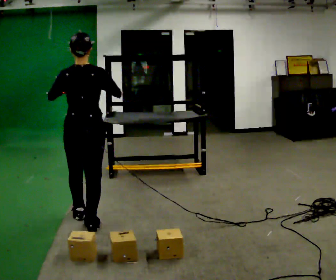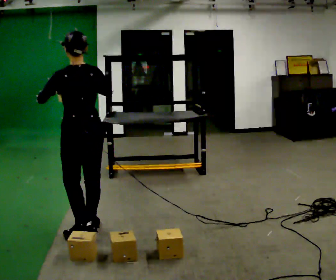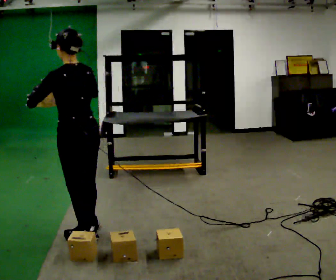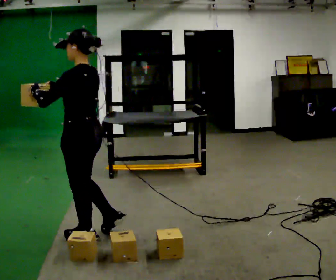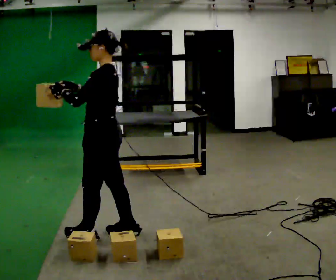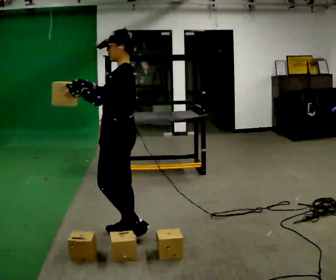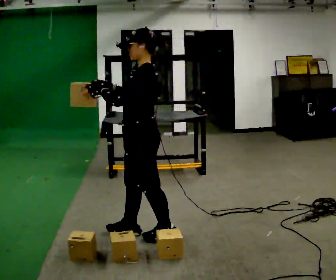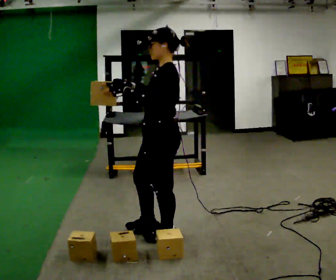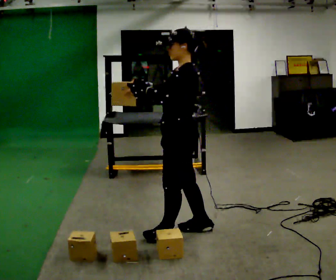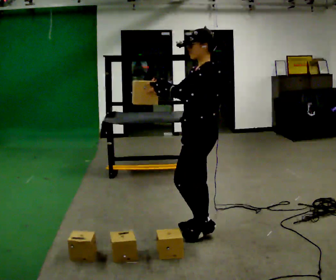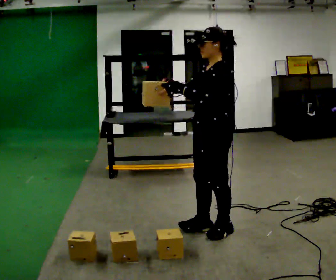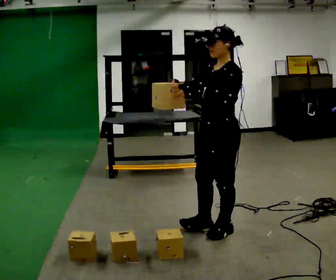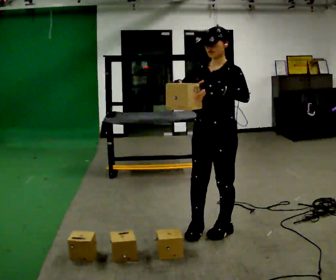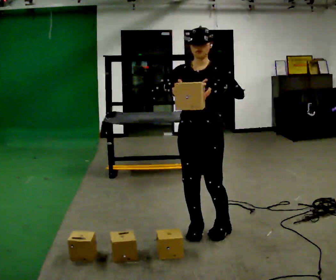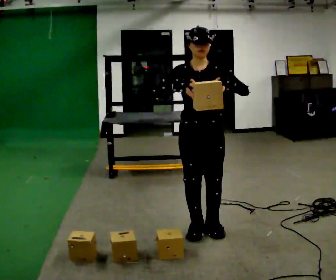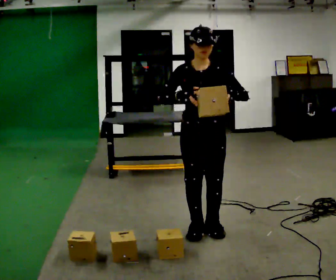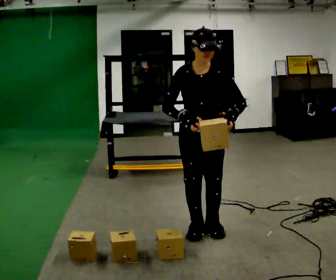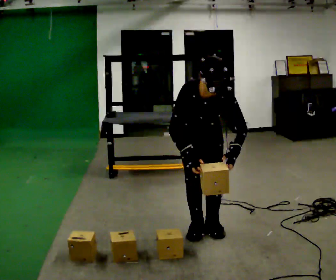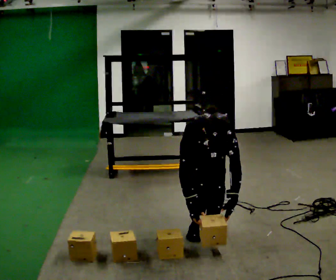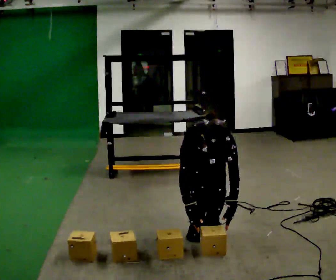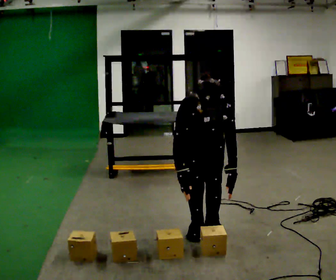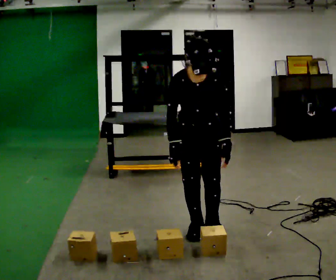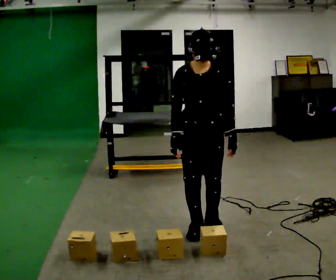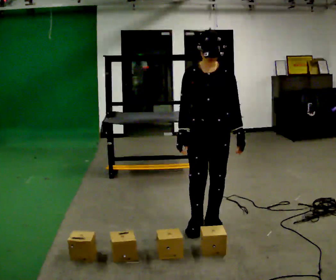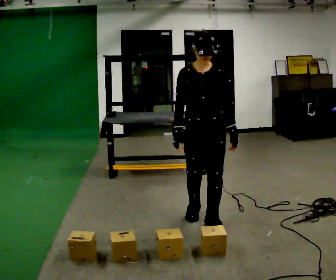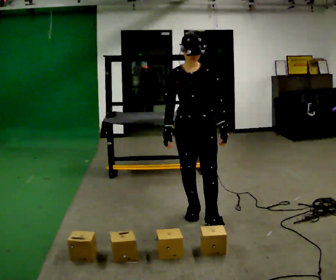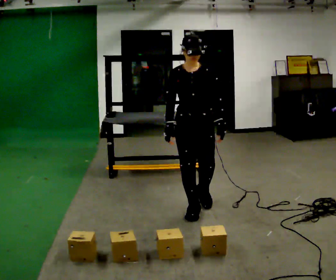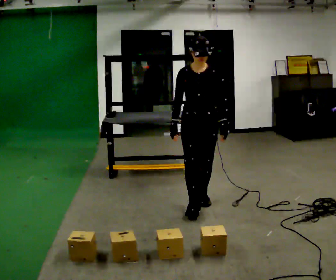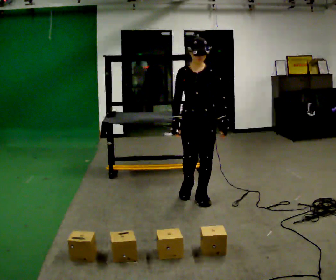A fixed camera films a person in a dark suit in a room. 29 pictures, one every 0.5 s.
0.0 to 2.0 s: The person turns about 75 degrees to their left, counterclockwise seen from above, so the part of the body nearest the lens slides to the right. In the picture they go to the right and toward the camera, about 0.25 m in 1 step.
2.0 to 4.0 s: In the picture they go to the right, about 0.5 m in 2 steps, which for them is backward.
4.0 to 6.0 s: Seen from above the body turns counterclockwise, about 45 degrees: to their left, with its near side sliding to the right. In the picture they go to the right, about 0.25 m in 1 step, which for them is backward.
6.0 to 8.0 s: The part of the body nearest the lens slides to the right as the person turns to their left by about 45 degrees.
8.0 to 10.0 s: The upper body tips toward the camera, its near side rolling downward, as they bend forward. In the picture their left hand goes downward.
10.0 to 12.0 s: The shoulders move upward. The upper body tips away from the camera, its near side rolling upward, as they lean back or straighten.
12.0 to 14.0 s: In the picture they go away from the camera, about 0.5 m in 2 steps, which for them is backward.
The film runs backward here.
